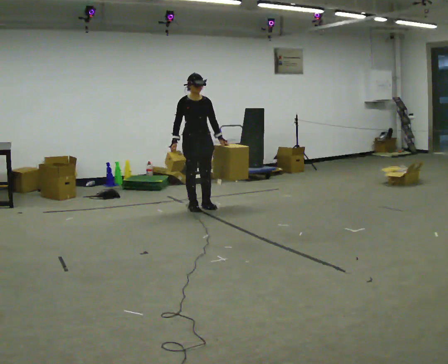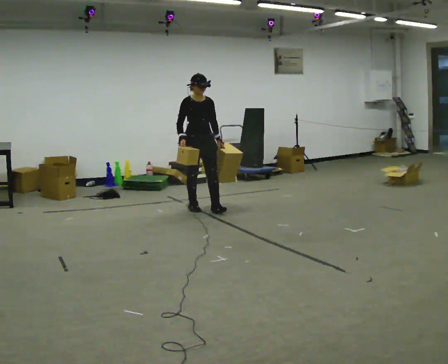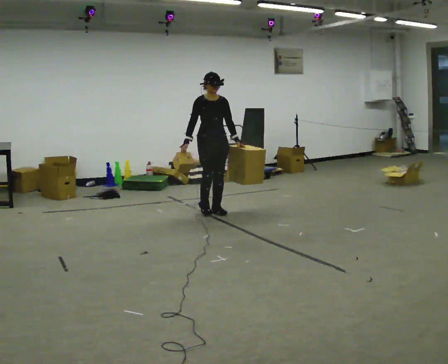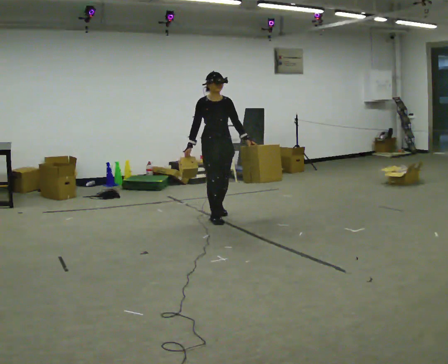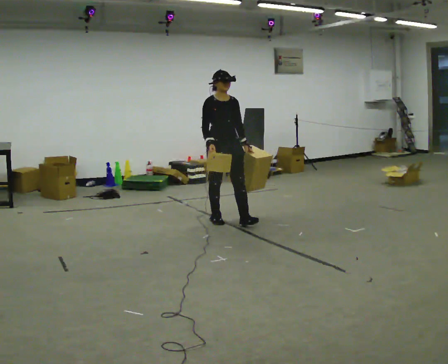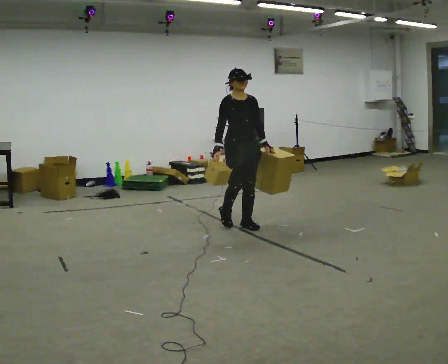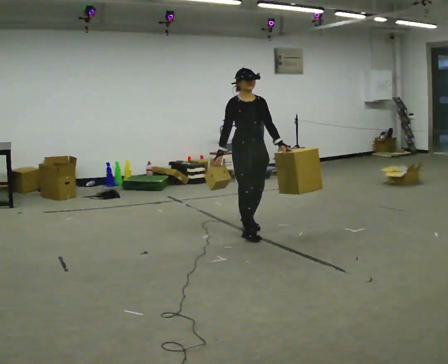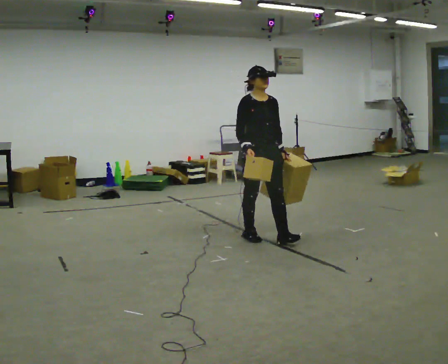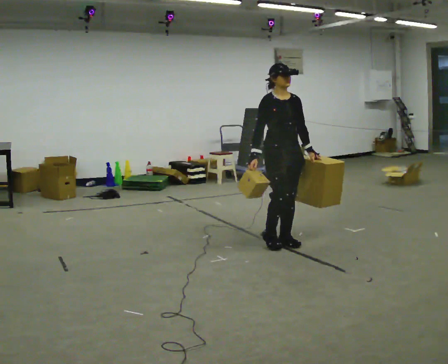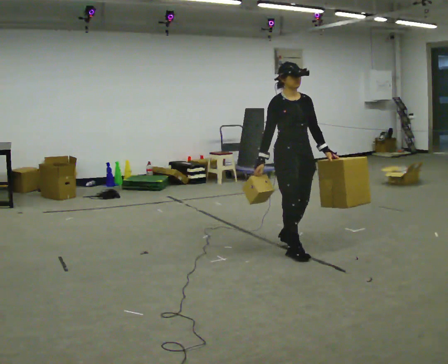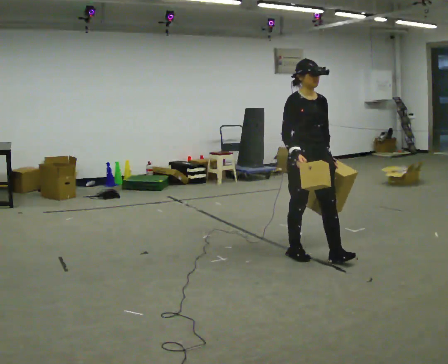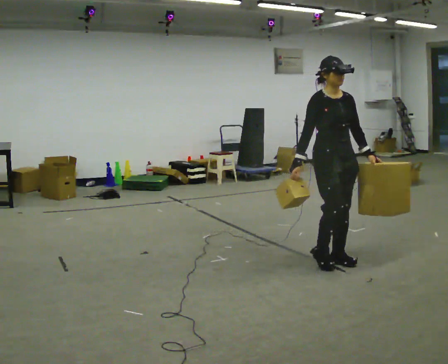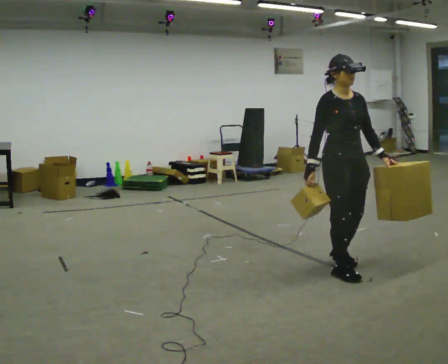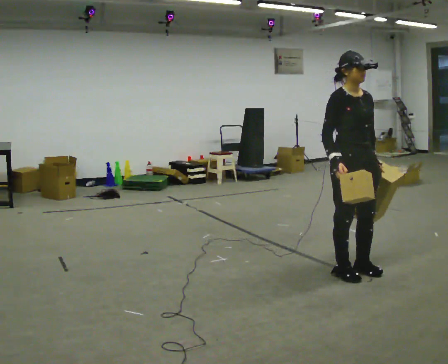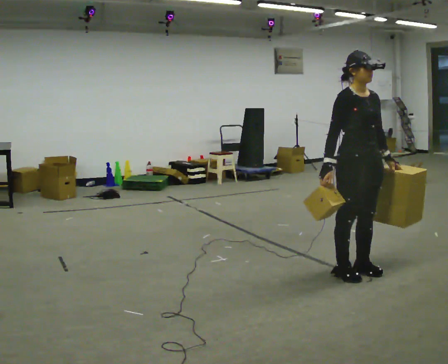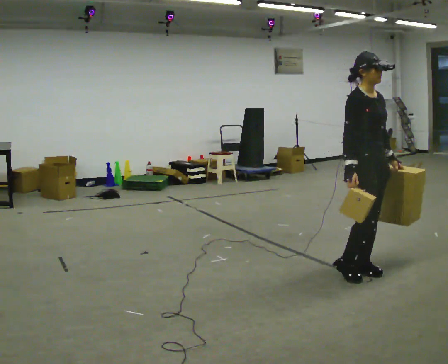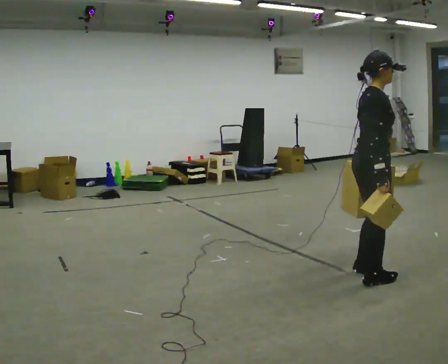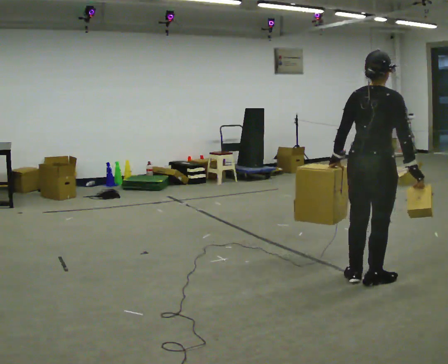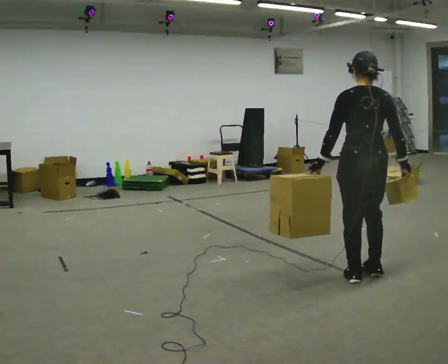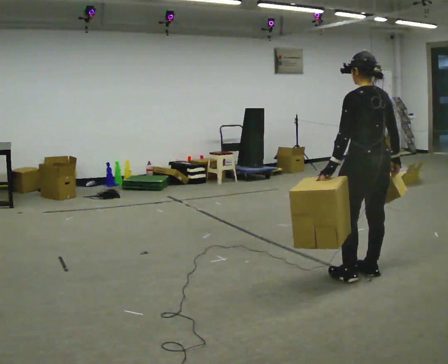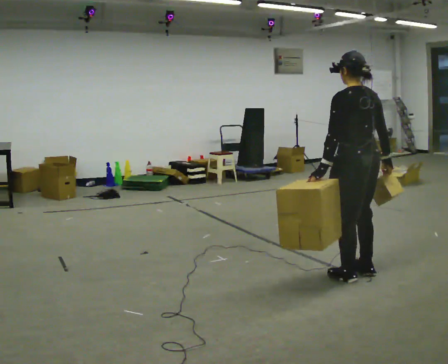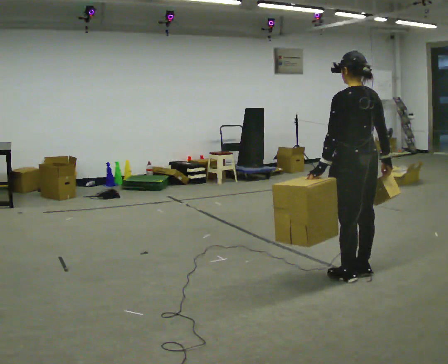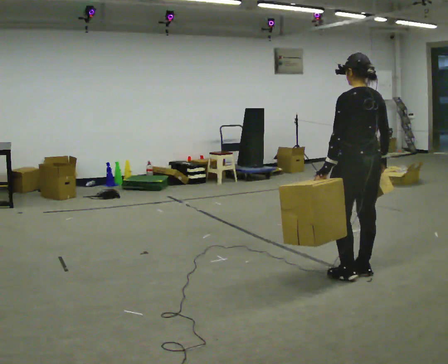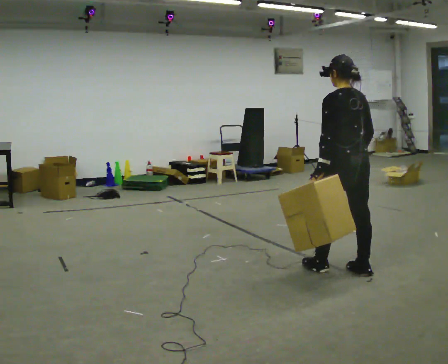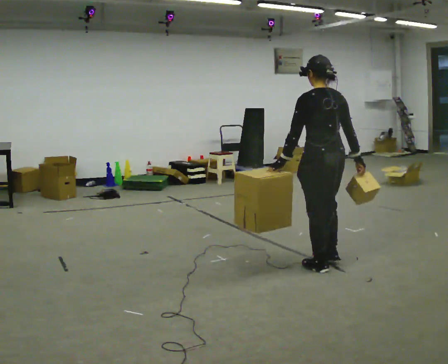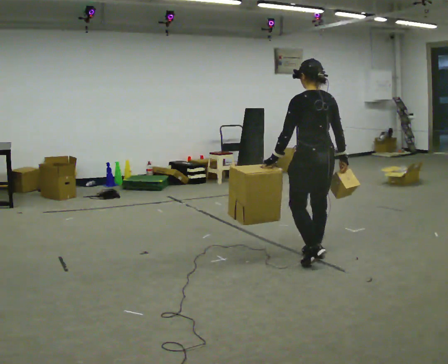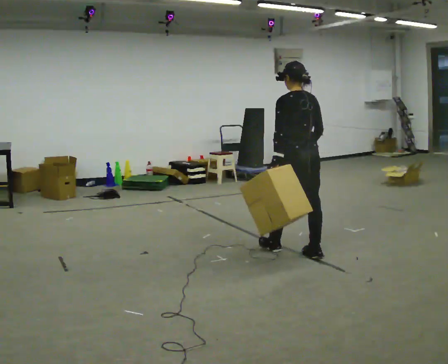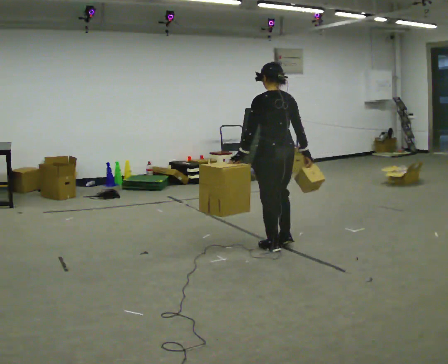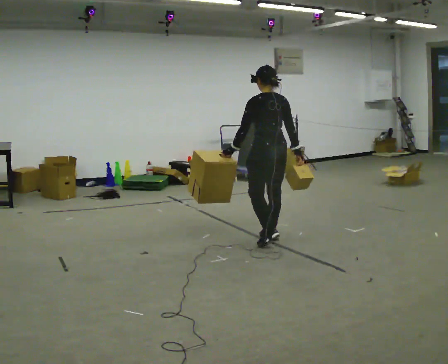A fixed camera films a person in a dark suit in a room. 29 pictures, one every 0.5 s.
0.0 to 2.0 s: In the picture they go toward the camera and to the right, about 0.5 m in 2 steps, which for them is forward.
2.0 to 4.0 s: In the picture they go to the right and toward the camera, about 1 m in 3 steps, which for them is forward.
4.0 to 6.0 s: In the picture they go toward the camera and to the right, about 1 m in 3 steps, which for them is forward.
6.0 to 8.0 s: The person turns about 60 degrees to their left, counterclockwise seen from above, so the part of the body nearest the lens slides to the right. In the picture they go to the right and toward the camera, about 0.25 m in 2 steps, which for them is forward.
8.0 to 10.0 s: The person turns about 120 degrees to their left, counterclockwise seen from above, so the part of the body nearest the lens slides to the right. In the picture their left hand goes to the left.
10.0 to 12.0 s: In the picture they go to the left and away from the camera, about 0.25 m in 1 step, which for them is forward.
12.0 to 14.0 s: In the picture they go away from the camera and to the left, about 1 m in 3 steps, which for them is forward.
The film runs forward here.
